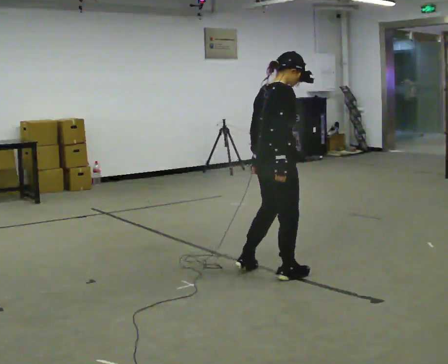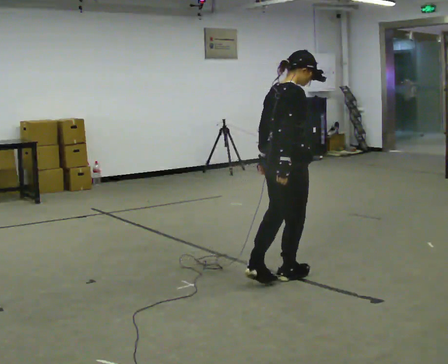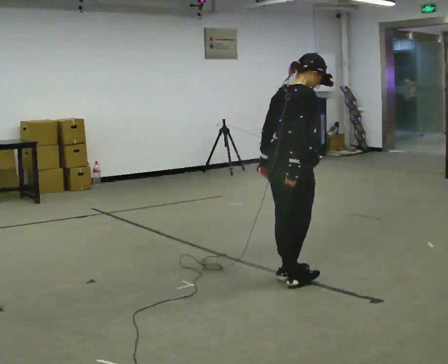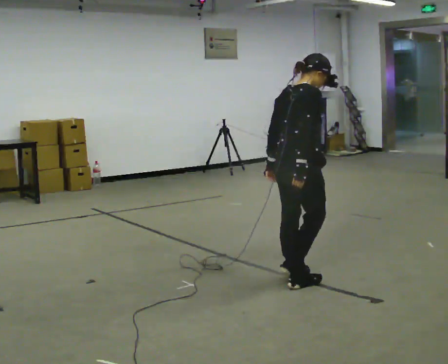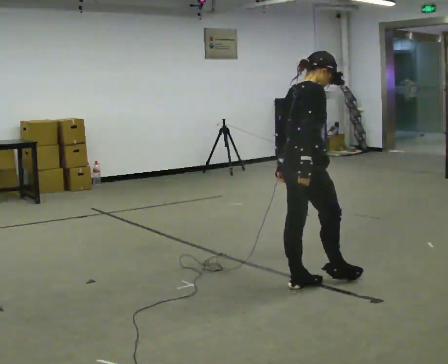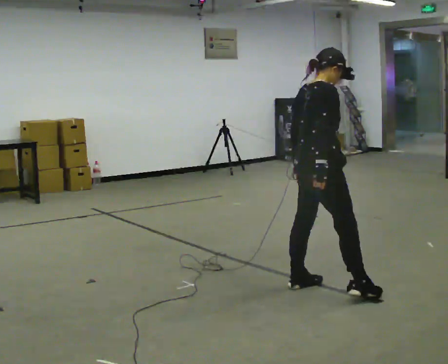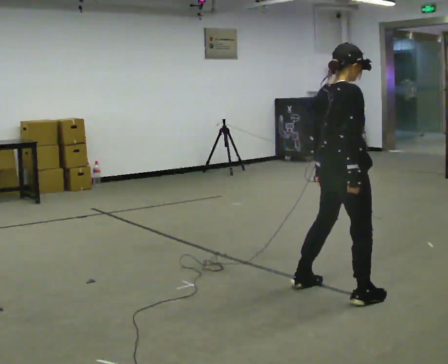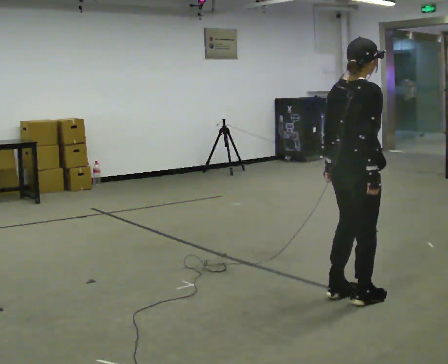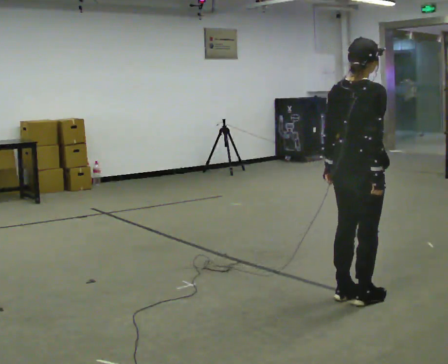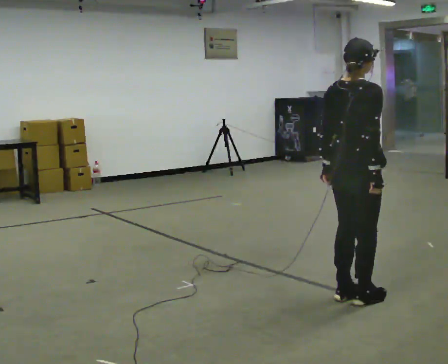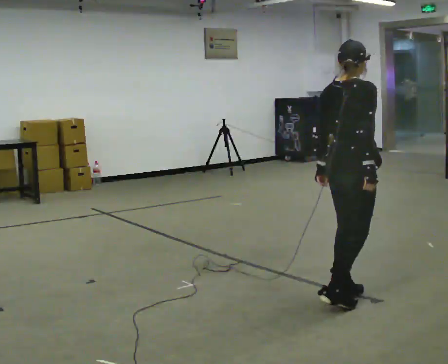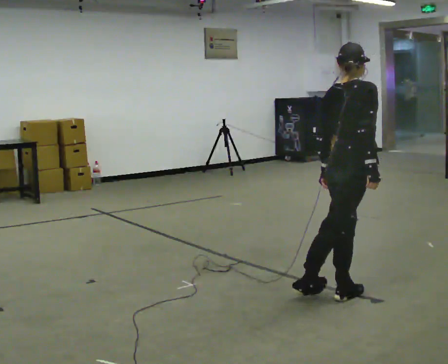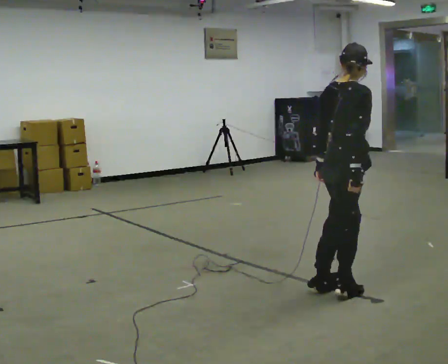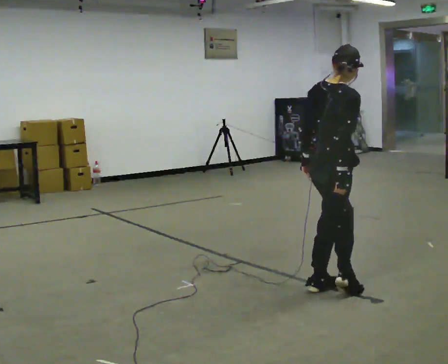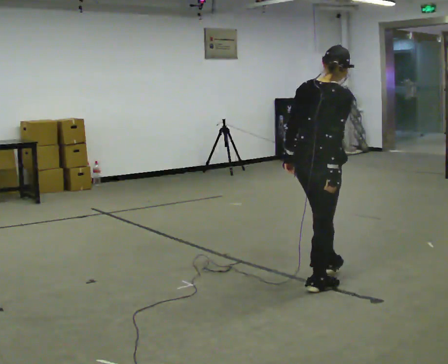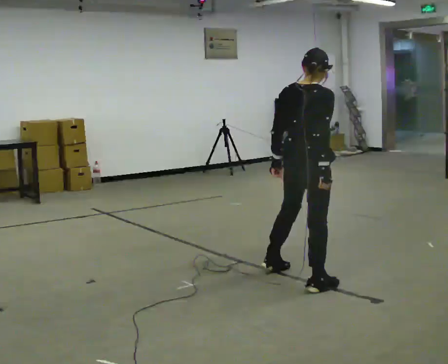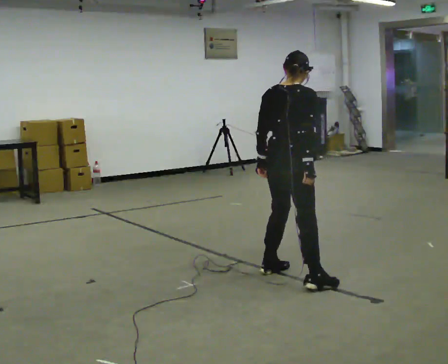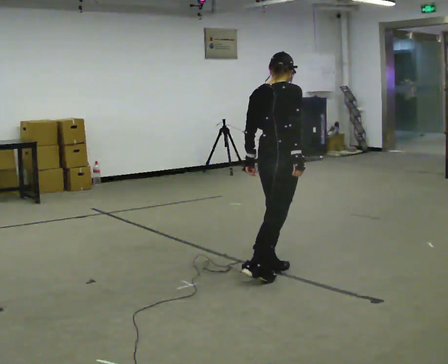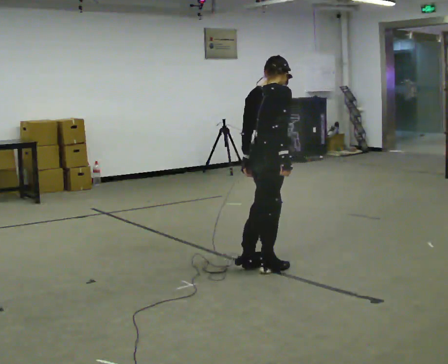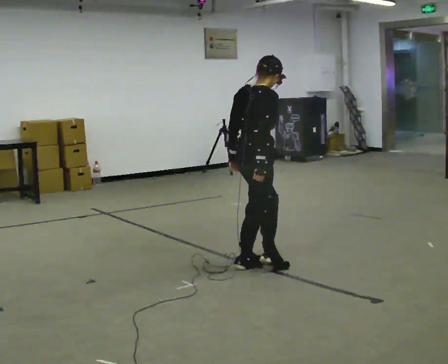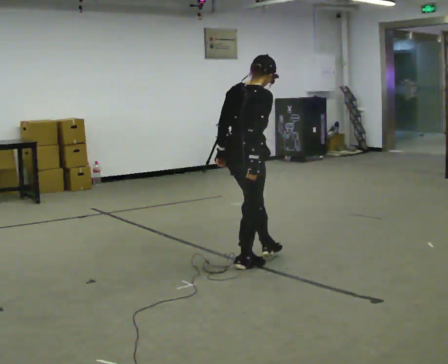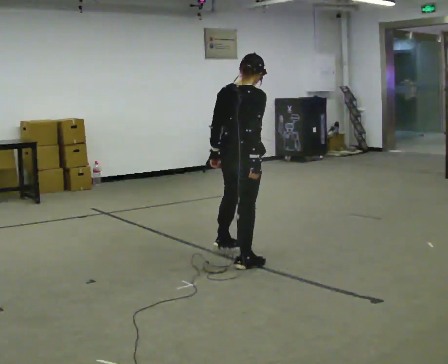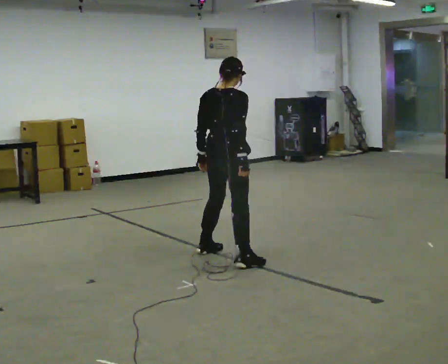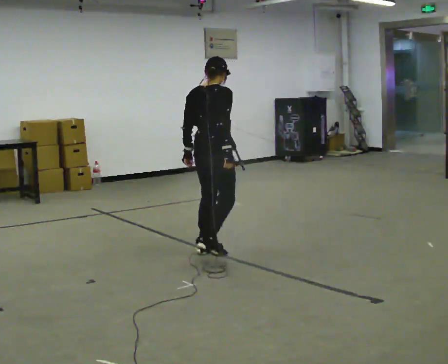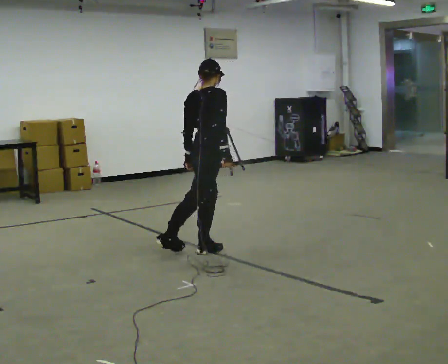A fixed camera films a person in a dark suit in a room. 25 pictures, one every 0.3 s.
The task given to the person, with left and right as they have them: Move sideways in the direction the operator calls, crossing one foot in front and then behind, alternating.
0.0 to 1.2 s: In the picture they go toward the camera and to the right, about 0.25 m in 1 step, which for them is to their right.
1.2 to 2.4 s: In the picture they go to the right and toward the camera, about 0.5 m in 2 steps, which for them is to their right.
2.4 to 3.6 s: The person moves a little, or ends about where they began.
3.6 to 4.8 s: Seen from above the body turns counterclockwise, about 30 degrees: to their left, with its near side sliding to the right. In the picture they go to the left and away from the camera, about 0.5 m in 1 step, which for them is to their left.
4.8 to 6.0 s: In the picture they go to the left and away from the camera, about 0.5 m in 1 step, which for them is to their left.
6.0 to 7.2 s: In the picture they go away from the camera and to the left, about 0.5 m in 1 step, which for them is to their left.
The film runs forward here.
